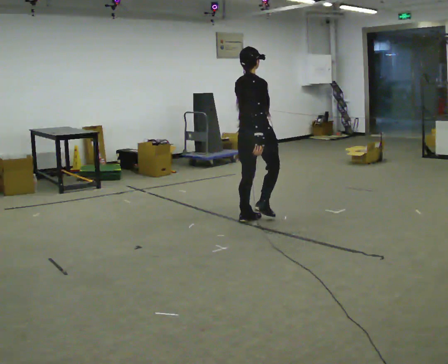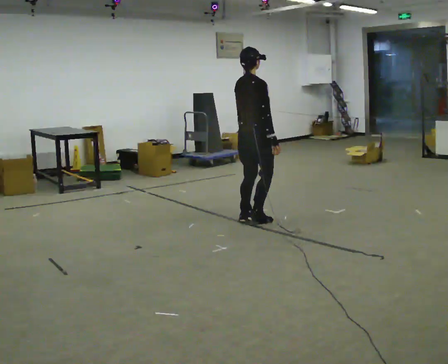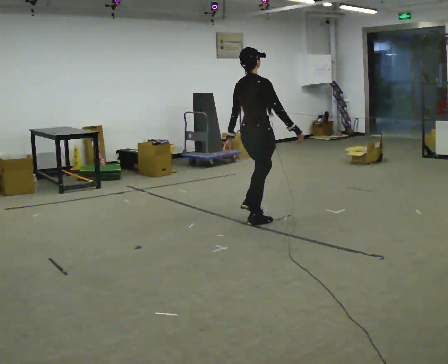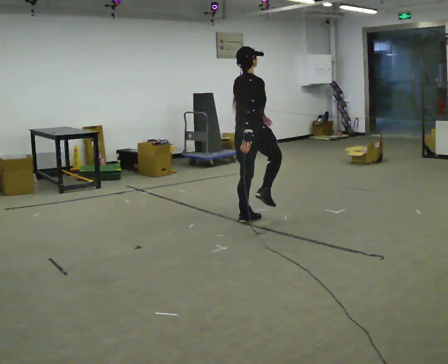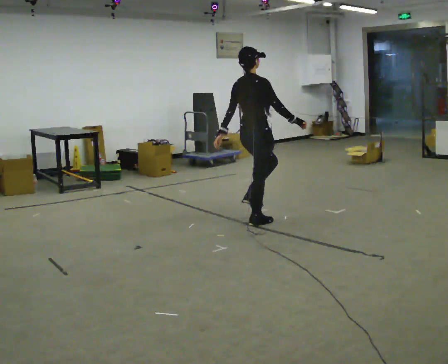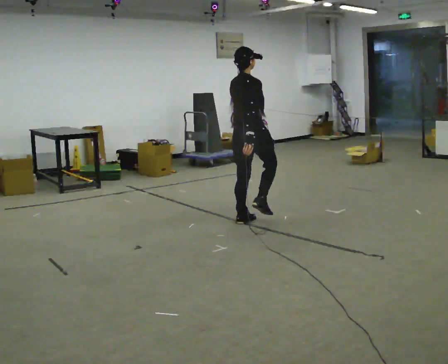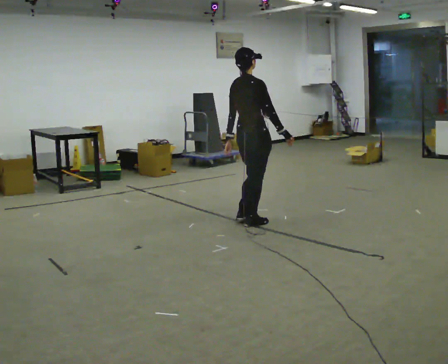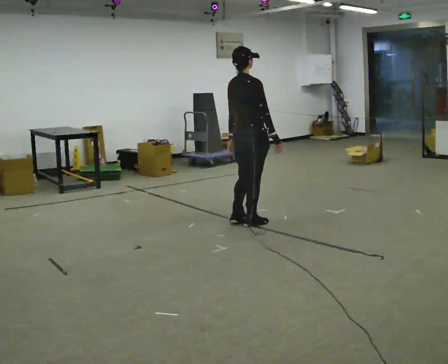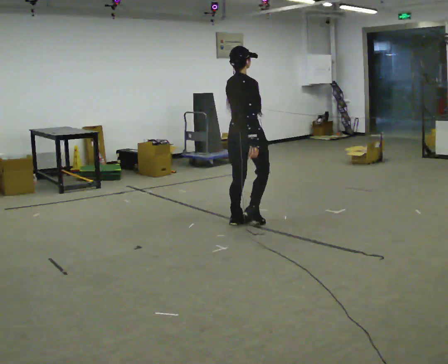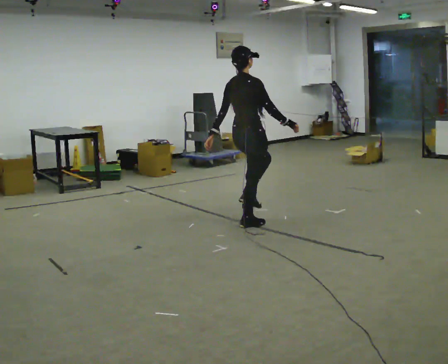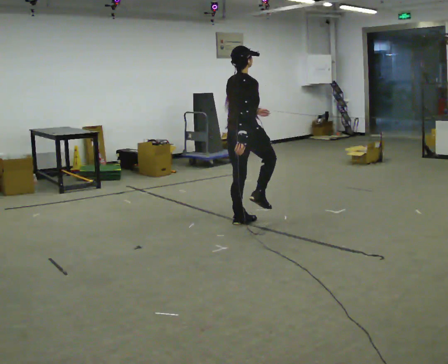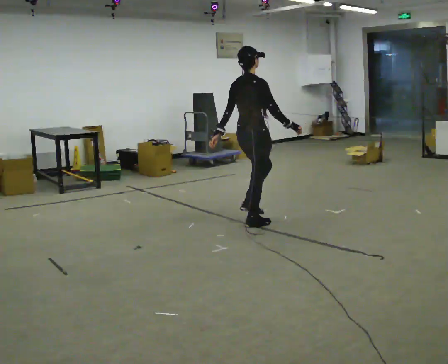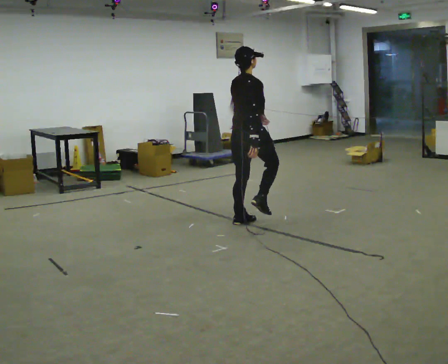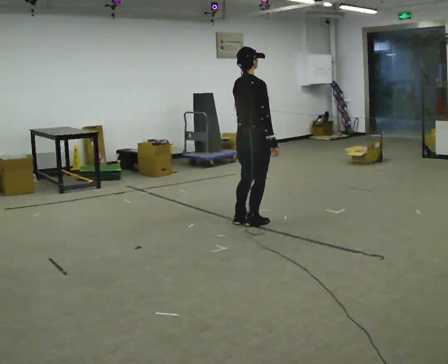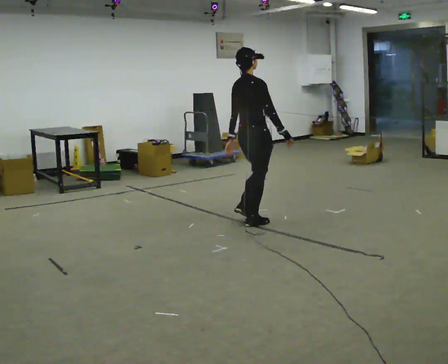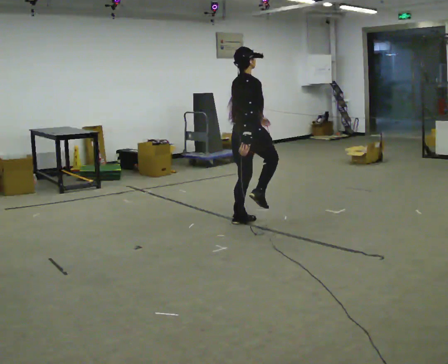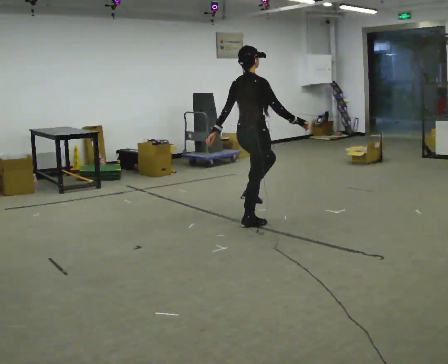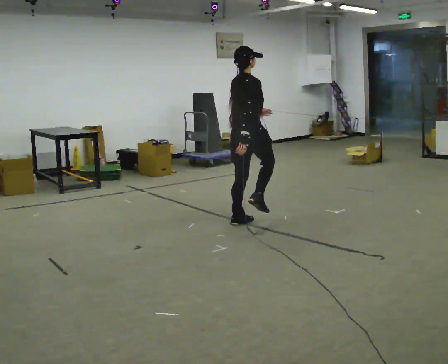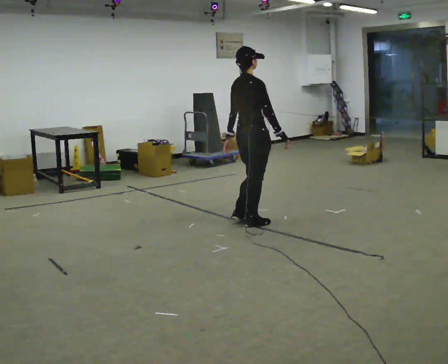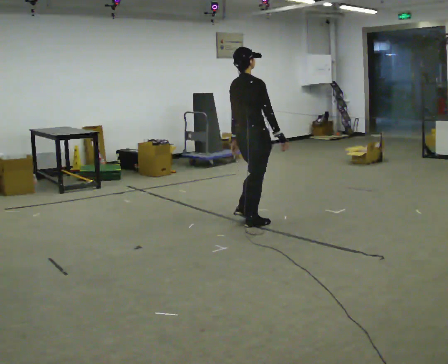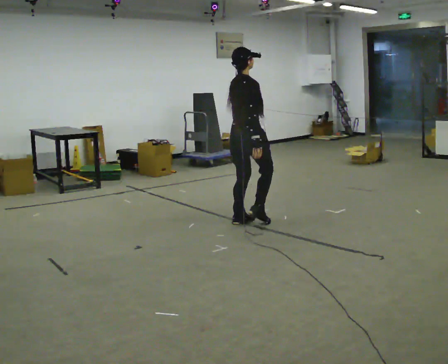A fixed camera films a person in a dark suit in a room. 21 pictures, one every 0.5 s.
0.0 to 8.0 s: The person moves a little, or ends about where they began.
8.0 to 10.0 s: In the picture their left hand goes to the right.
The film runs backward here.
